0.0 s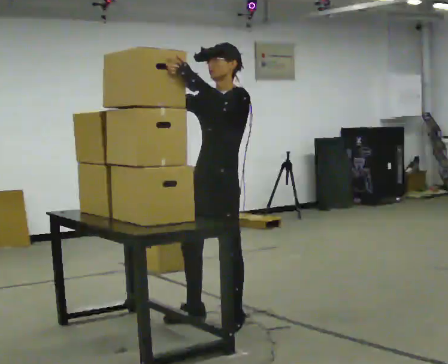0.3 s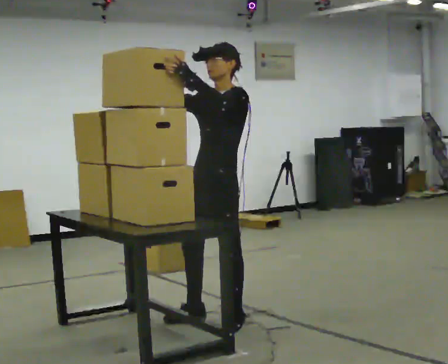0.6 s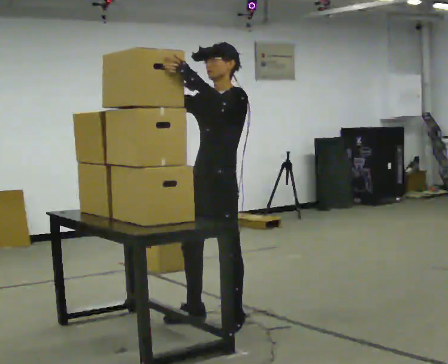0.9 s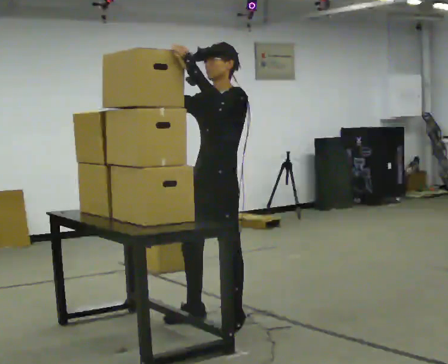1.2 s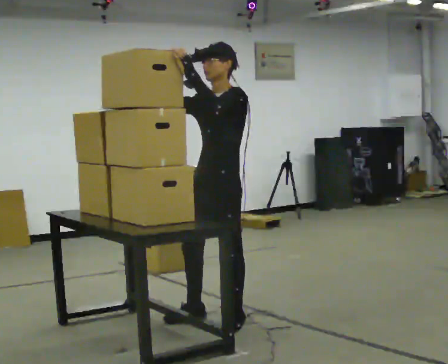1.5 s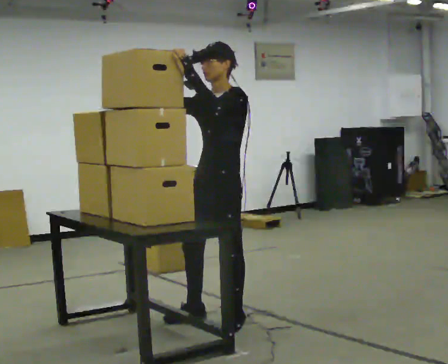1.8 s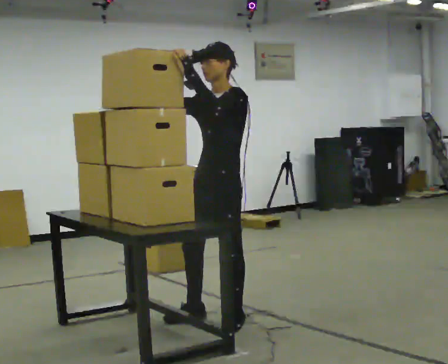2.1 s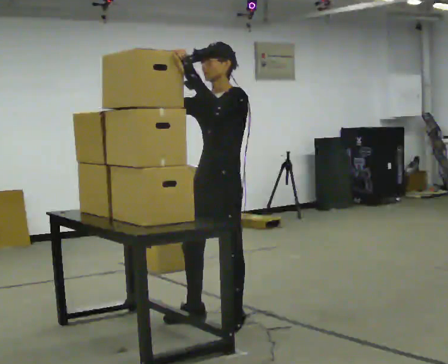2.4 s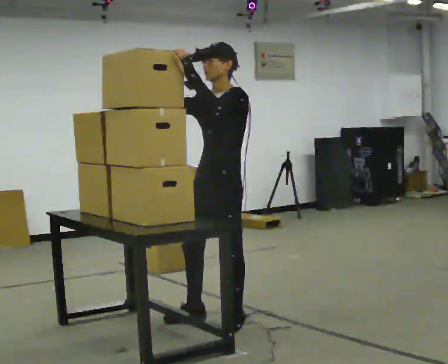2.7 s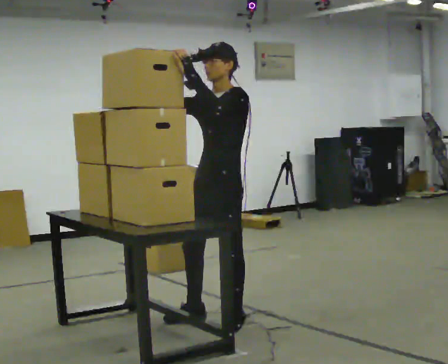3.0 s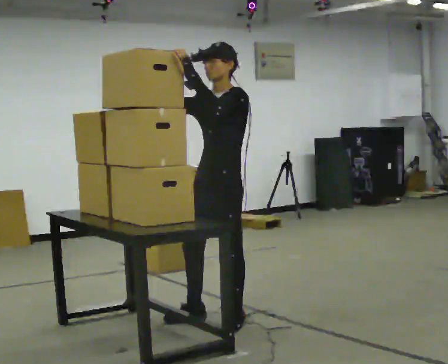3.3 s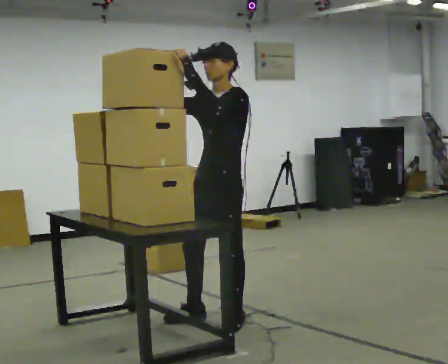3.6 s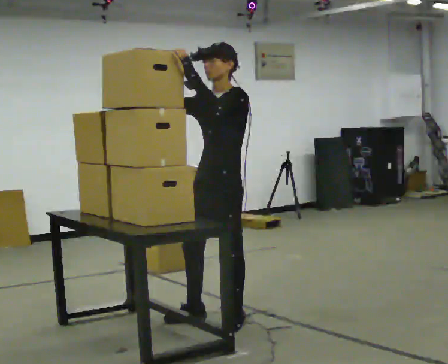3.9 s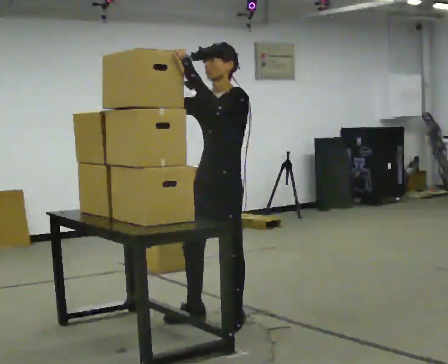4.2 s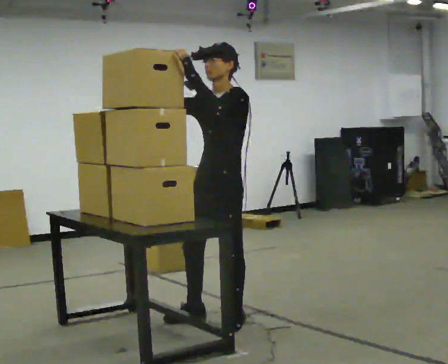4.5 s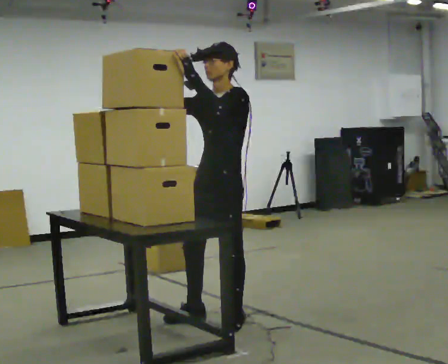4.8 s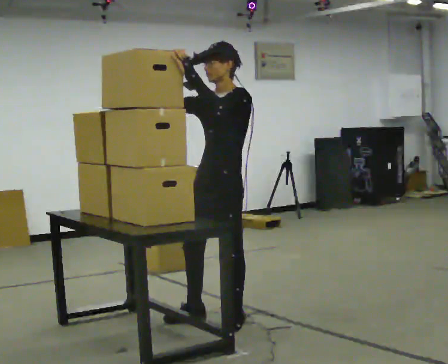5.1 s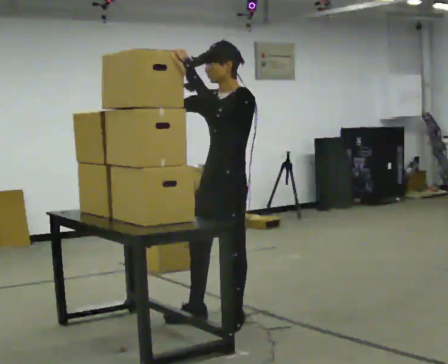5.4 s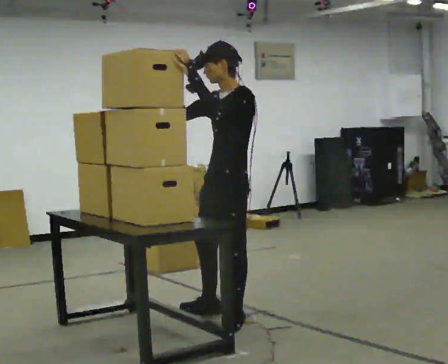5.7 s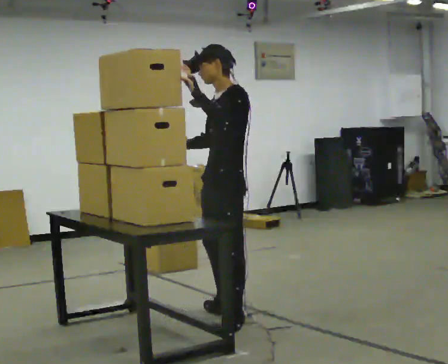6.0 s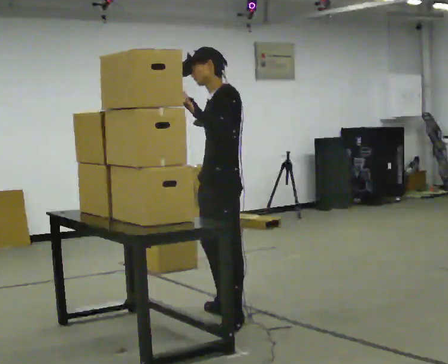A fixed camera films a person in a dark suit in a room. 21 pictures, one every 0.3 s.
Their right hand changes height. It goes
downward.
Their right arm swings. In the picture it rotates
counterclockwise.
0.0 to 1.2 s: The person moves a little, or ends about where they began.
1.2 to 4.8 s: The person keeps their place and pose.
4.8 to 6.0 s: In the picture their right hand goes downward and to the right, the arm swinging counterclockwise.
The film runs forward here.
